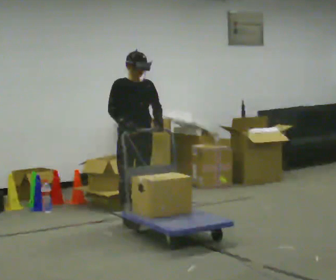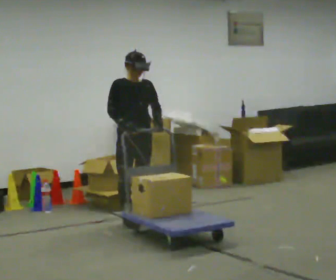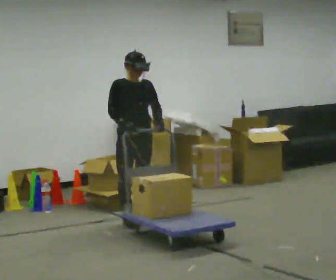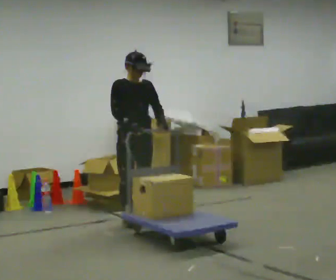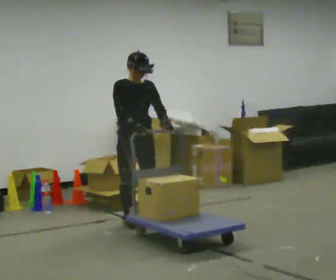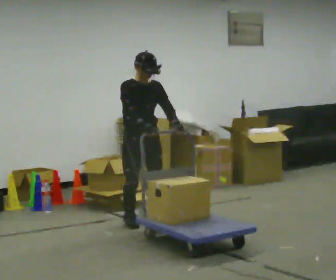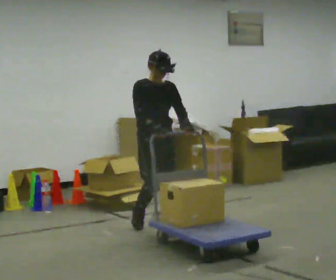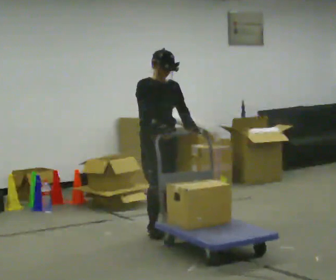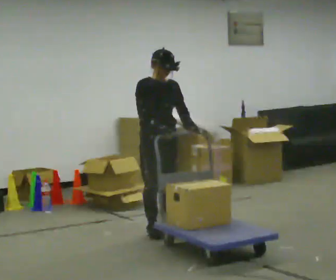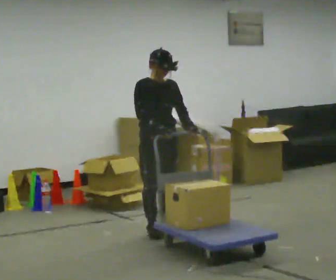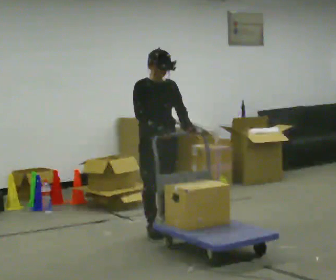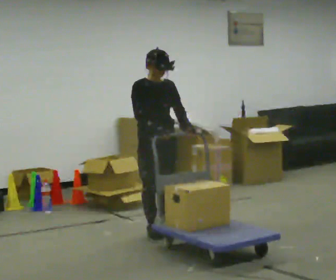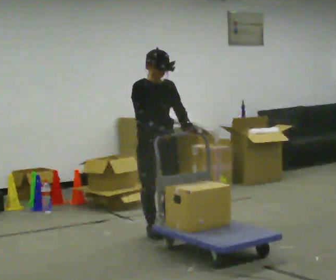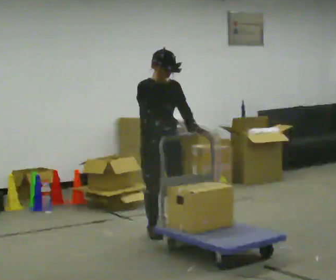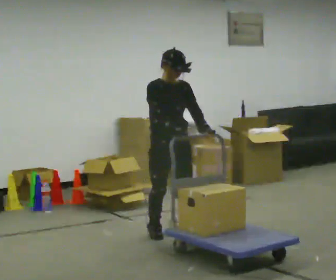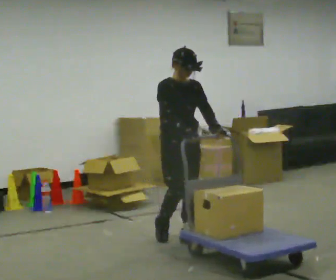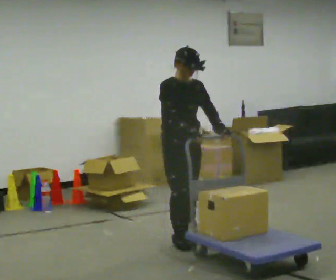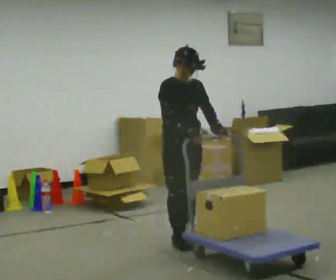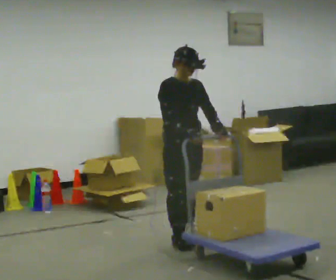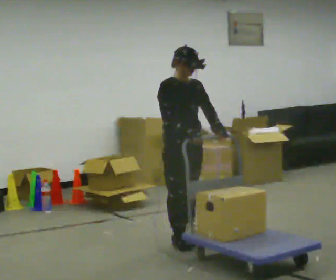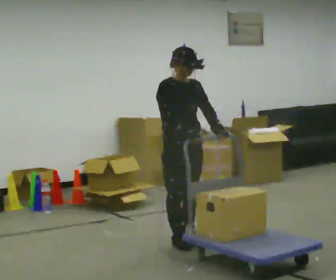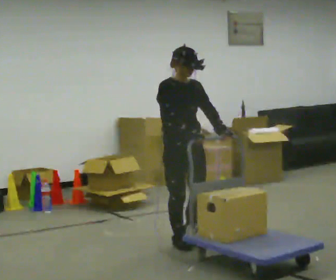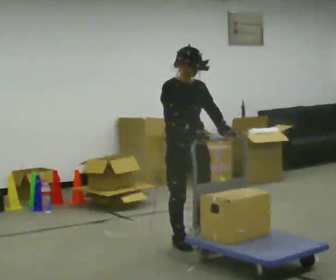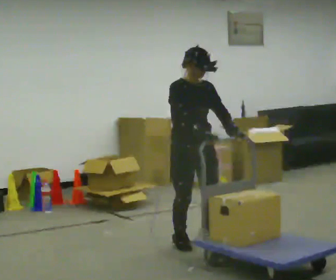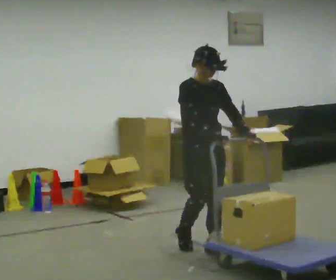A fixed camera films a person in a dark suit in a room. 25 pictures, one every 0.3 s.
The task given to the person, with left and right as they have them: Stand still with your hands on the cart. When the operator says go, get it moving, push it a few metres, then bring it to a stop. Repeat until the operator says stop.
0.0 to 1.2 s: The person moves a little, or ends about where they began.
1.2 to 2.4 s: In the picture they go toward the camera and to the right, about 0.25 m in 2 steps, which for them is forward.
2.4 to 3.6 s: The person moves a little, or ends about where they began.
3.6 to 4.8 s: In the picture they go to the right and toward the camera, about 0.25 m in 2 steps, which for them is forward.
4.8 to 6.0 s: The person moves a little, or ends about where they began.
6.0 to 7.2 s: In the picture they go toward the camera and to the right, about 0.25 m in 1 step, which for them is forward.
The film runs forward here.
